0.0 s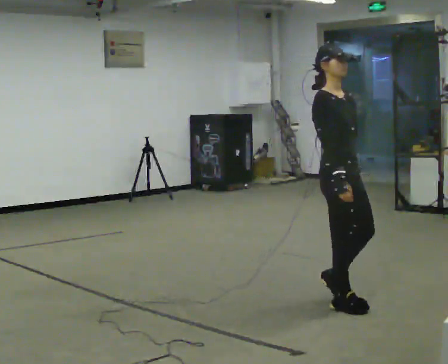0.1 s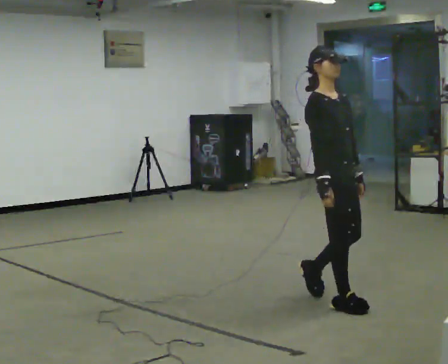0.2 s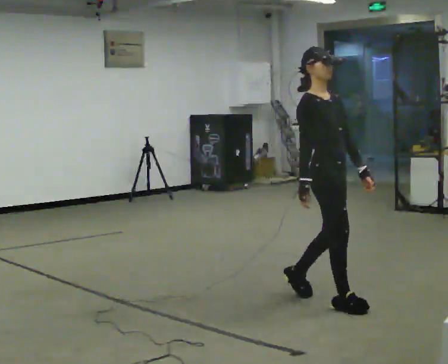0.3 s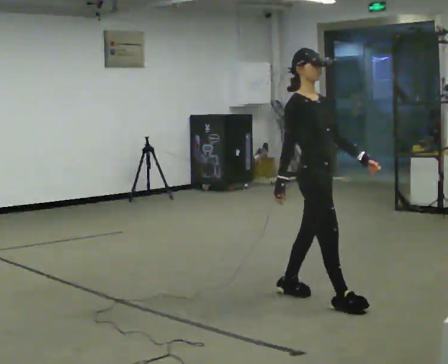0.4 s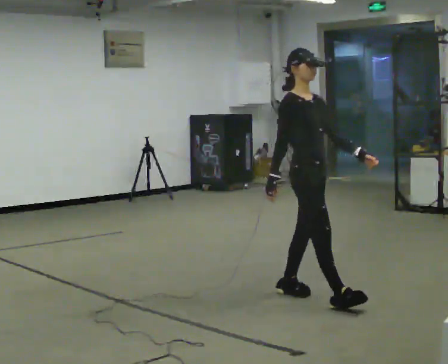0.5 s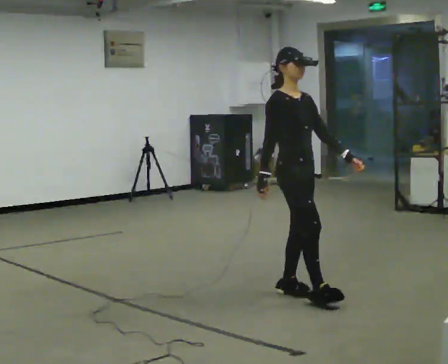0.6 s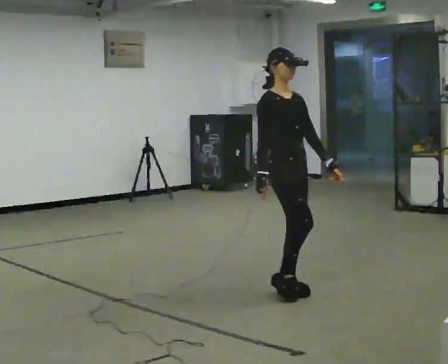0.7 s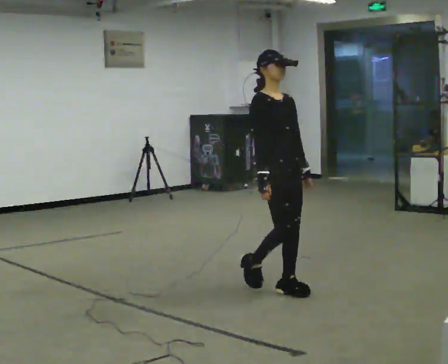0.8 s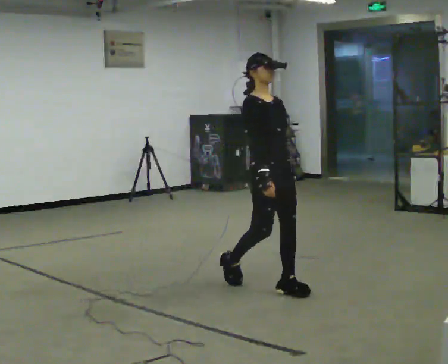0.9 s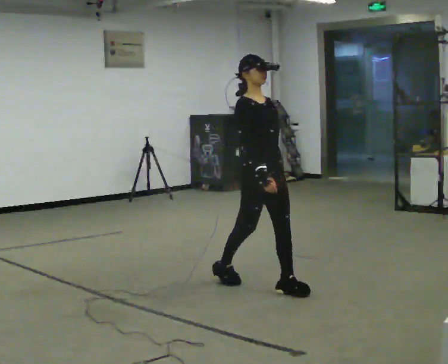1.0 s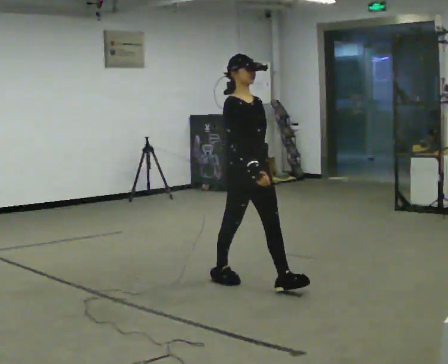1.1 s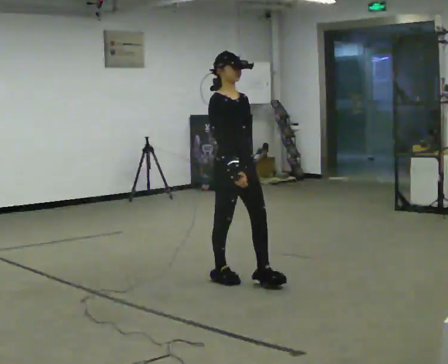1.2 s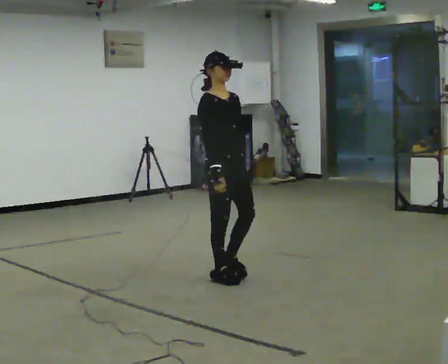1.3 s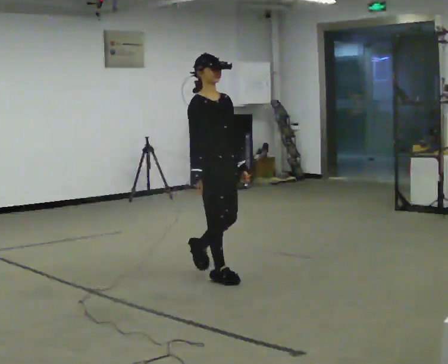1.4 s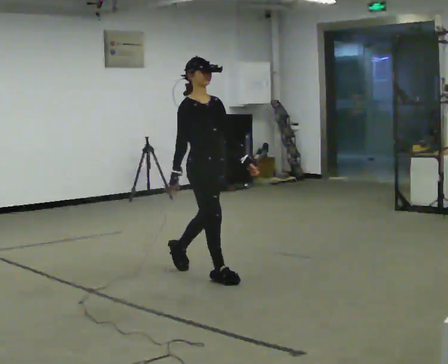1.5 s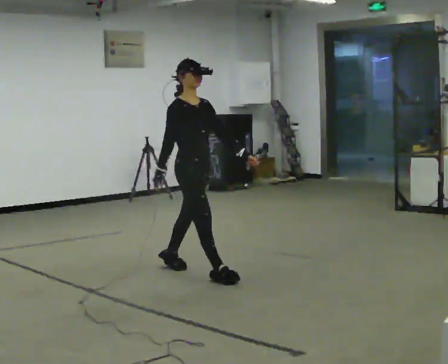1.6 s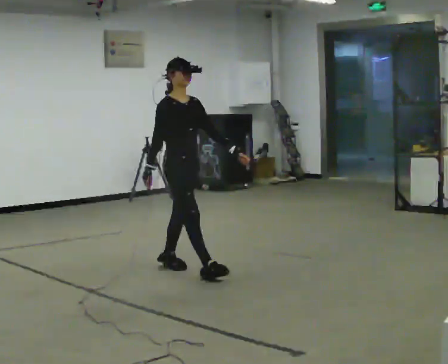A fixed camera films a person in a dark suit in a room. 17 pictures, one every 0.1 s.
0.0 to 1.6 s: In the picture they go to the left and away from the camera, about 1.5 m in 3 steps, which for them is backward.
The film runs backward here.
